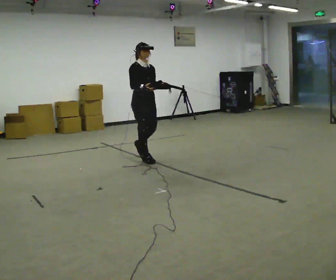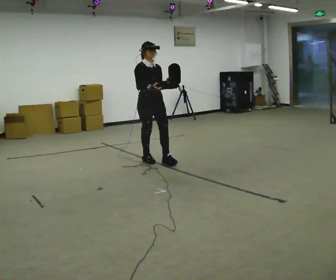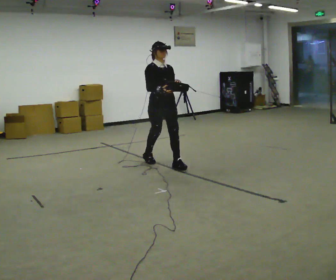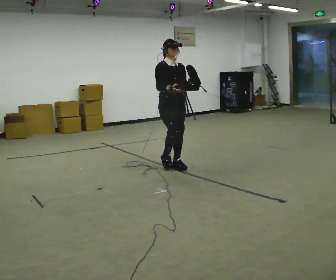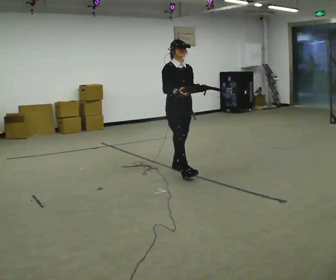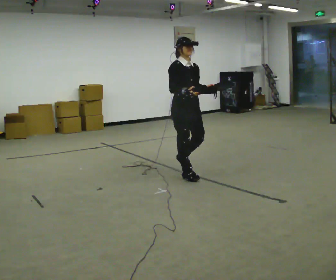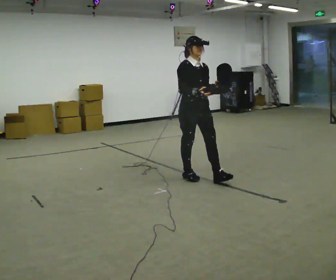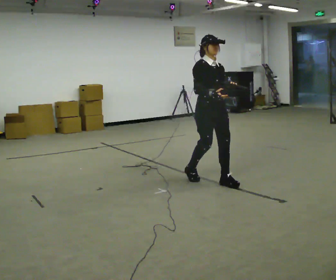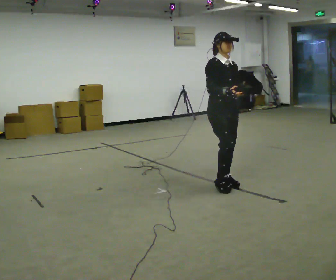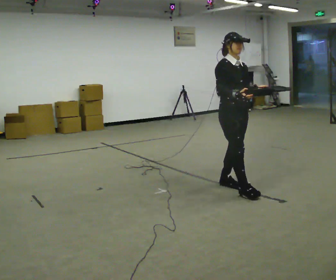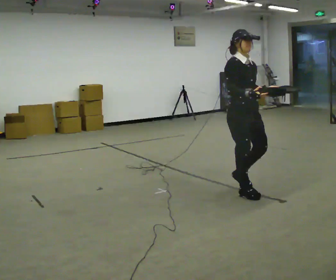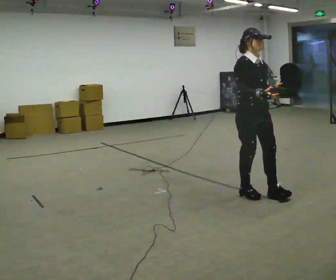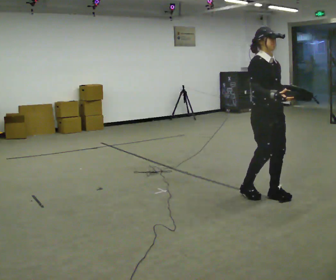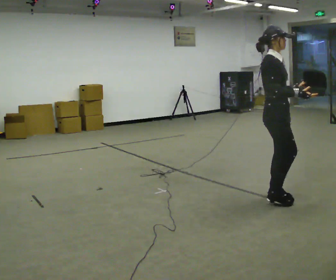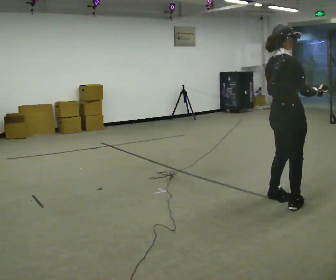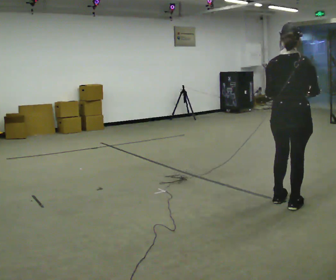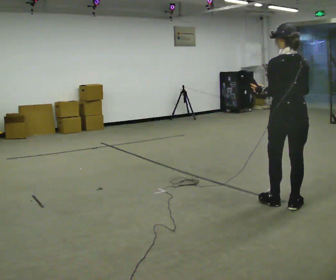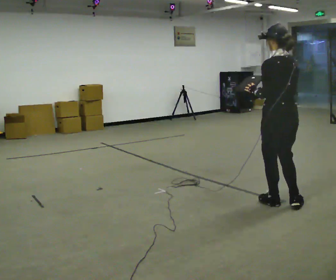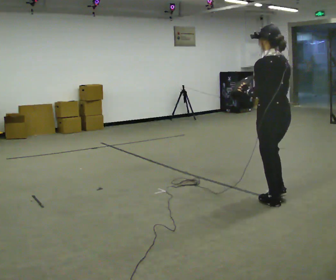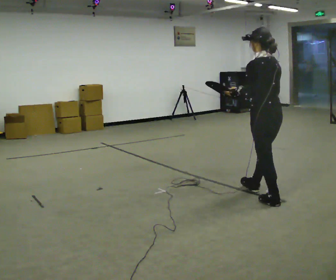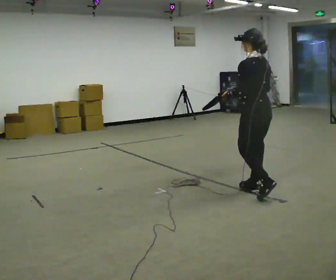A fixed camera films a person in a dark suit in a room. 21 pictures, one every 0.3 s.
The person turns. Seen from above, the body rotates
counterclockwise.
The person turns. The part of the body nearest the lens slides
to the right.
0.0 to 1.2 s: In the picture they go to the right and toward the camera, about 1 m in 1 step, which for them is forward.
1.2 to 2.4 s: In the picture they go to the right and toward the camera, about 1 m in 2 steps, which for them is forward.
2.4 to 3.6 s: In the picture they go to the right and toward the camera, about 0.5 m in 2 steps, which for them is forward.
3.6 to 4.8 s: The person turns about 150 degrees to their left, counterclockwise seen from above, so the part of the body nearest the lens slides to the right. In the picture they go toward the camera and to the right, about 0.25 m in 2 steps.
4.8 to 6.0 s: The part of the body nearest the lens slides to the right as the person turns to their left by about 30 degrees. In the picture they go away from the camera and to the left, about 0.5 m in 1 step, which for them is forward.
The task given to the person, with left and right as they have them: Carry the object across the room. The lid hangs loose and will swing, so carry it however works. Keep going until the operator says stop; one object at a time, and do not rush between trips.
The film runs forward here.
